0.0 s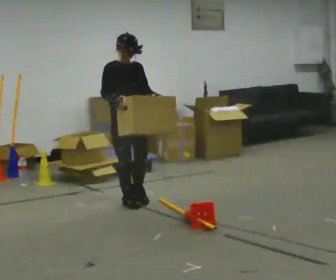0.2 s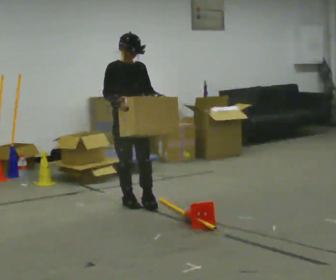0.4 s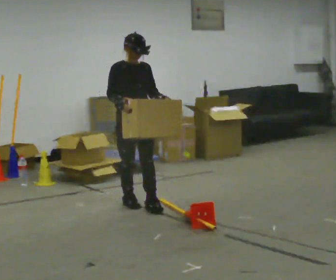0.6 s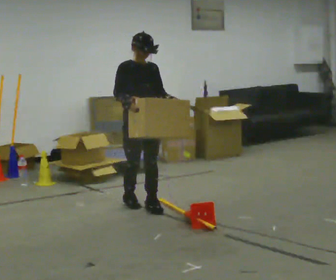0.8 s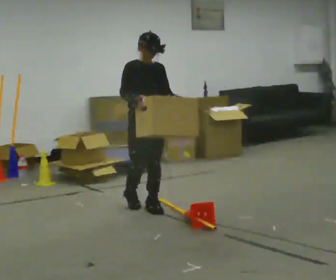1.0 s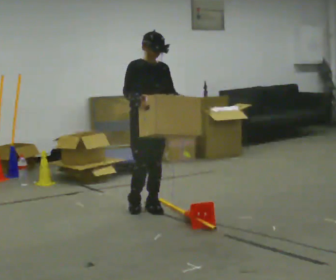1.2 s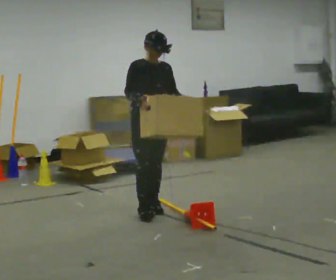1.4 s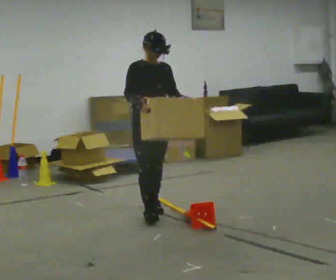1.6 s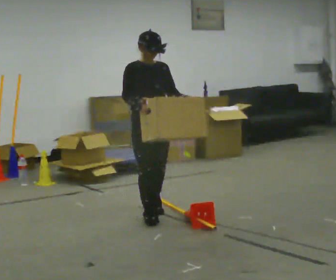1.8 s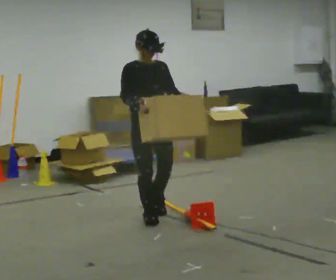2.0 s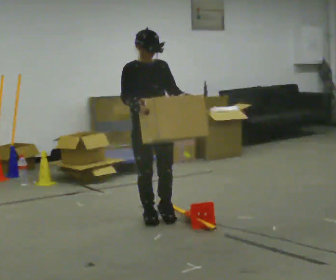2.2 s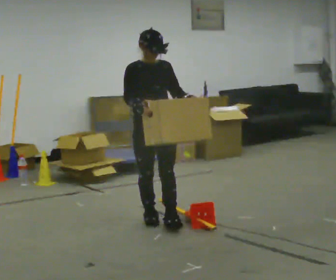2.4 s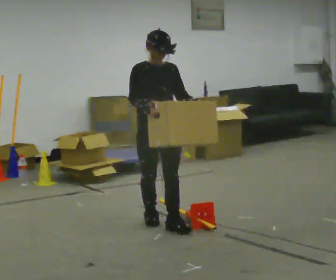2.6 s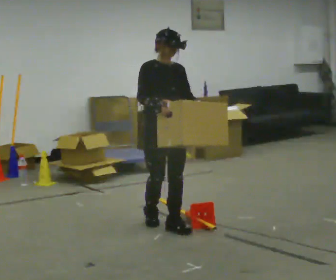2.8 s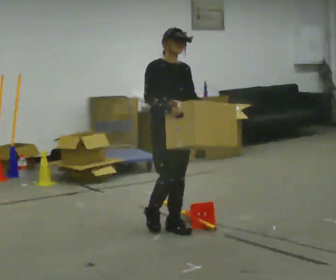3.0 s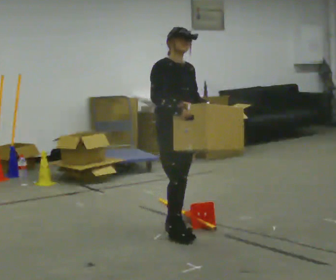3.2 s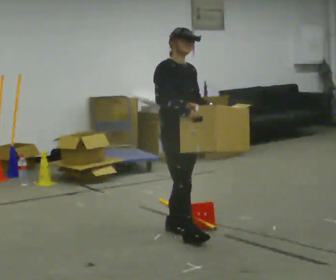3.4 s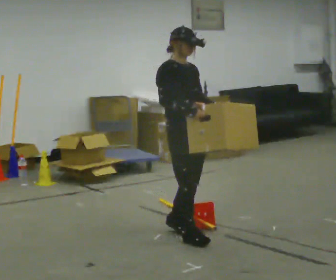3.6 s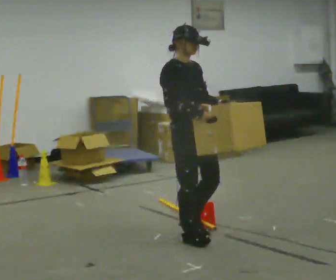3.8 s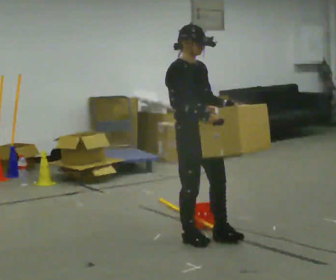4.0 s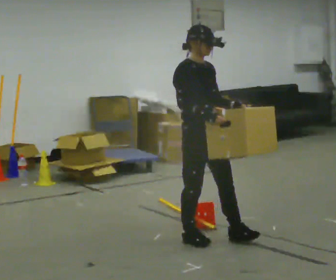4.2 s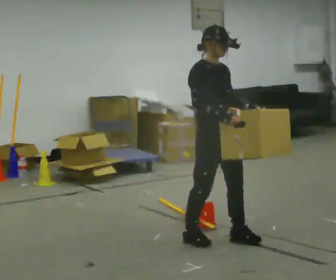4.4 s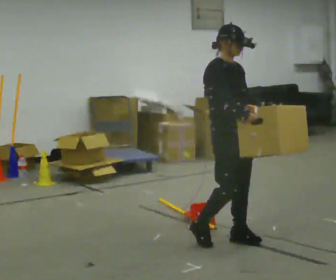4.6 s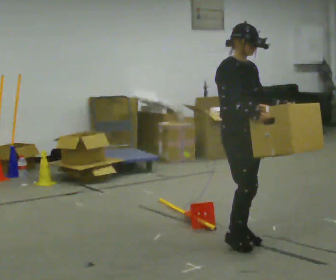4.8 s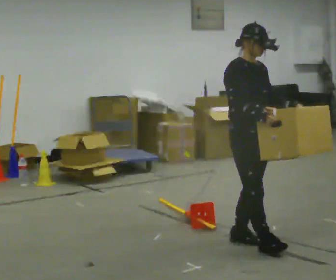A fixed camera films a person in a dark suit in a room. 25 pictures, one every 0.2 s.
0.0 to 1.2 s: In the picture they go toward the camera and to the right, about 0.25 m in 1 step, which for them is forward.
1.2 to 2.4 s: In the picture they go toward the camera, about 0.5 m in 2 steps, which for them is forward.
2.4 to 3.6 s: The part of the body nearest the lens slides to the right as the person turns to their left by about 30 degrees. In the picture they go toward the camera and to the right, about 0.5 m in 1 step, which for them is forward.
3.6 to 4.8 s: In the picture they go to the right and toward the camera, about 0.5 m in 2 steps, which for them is forward.
The film runs forward here.
